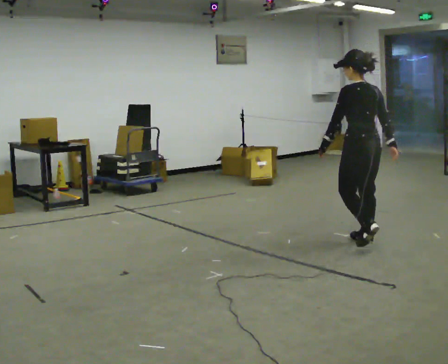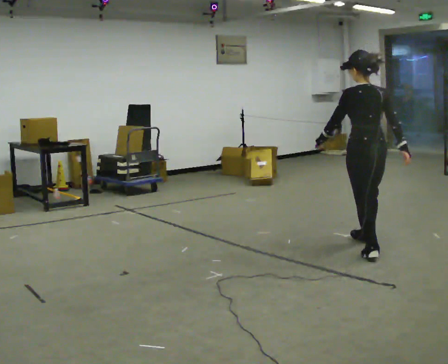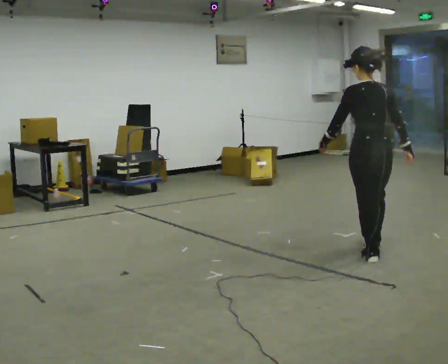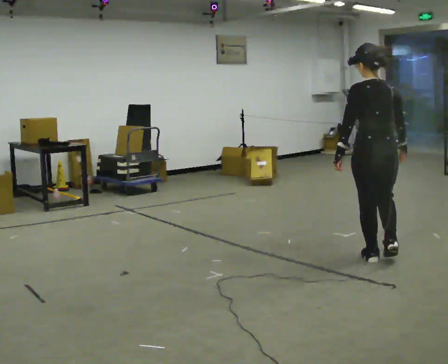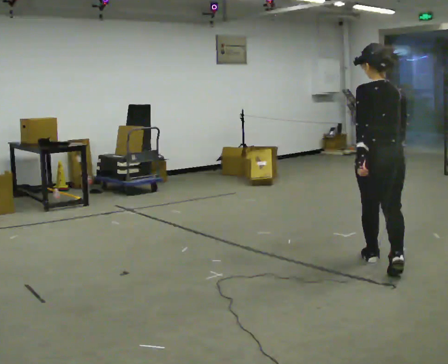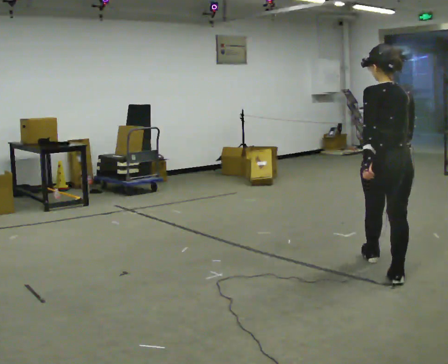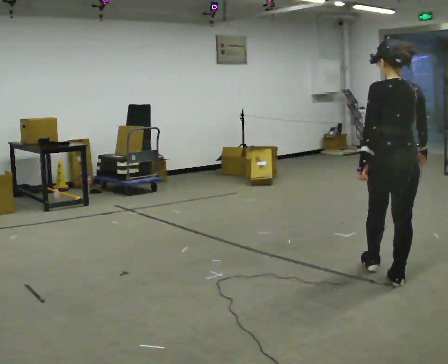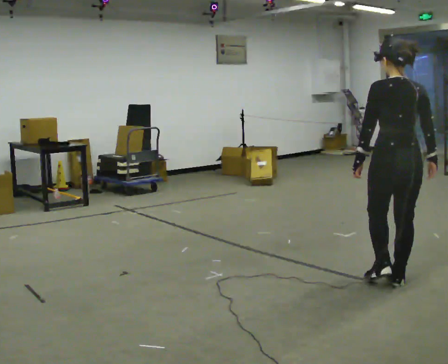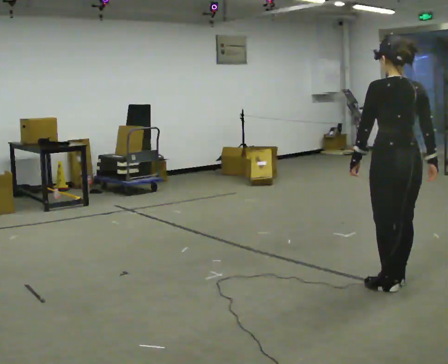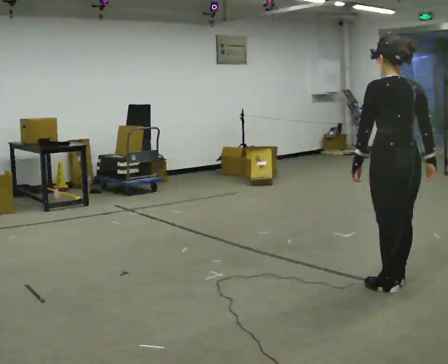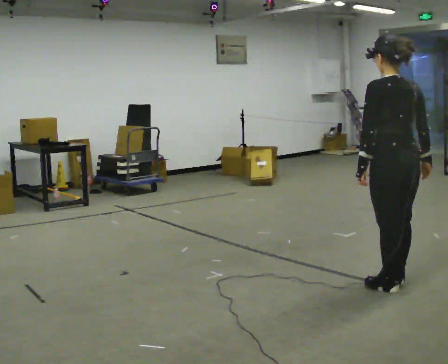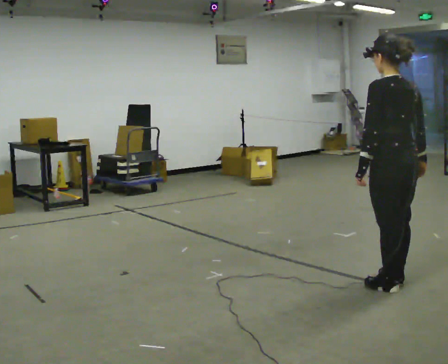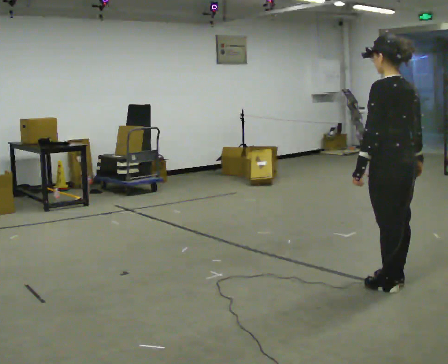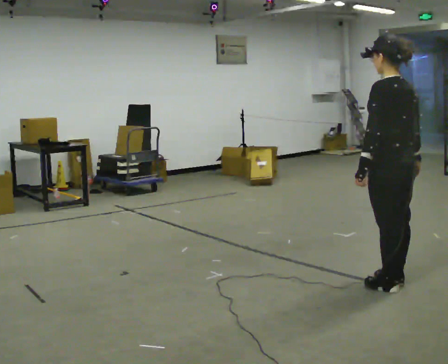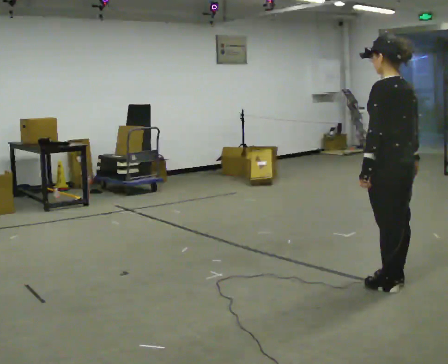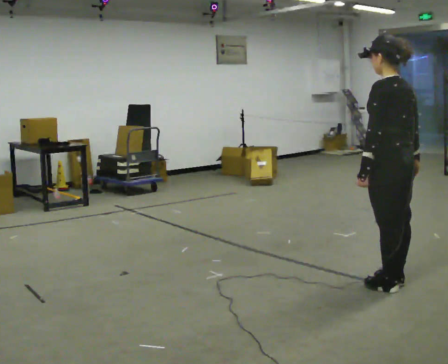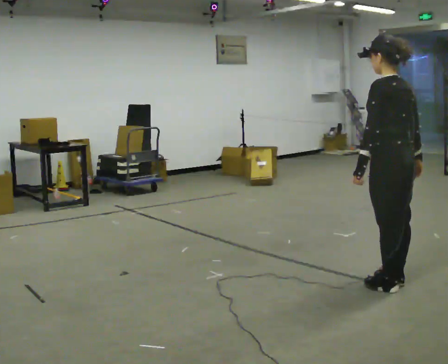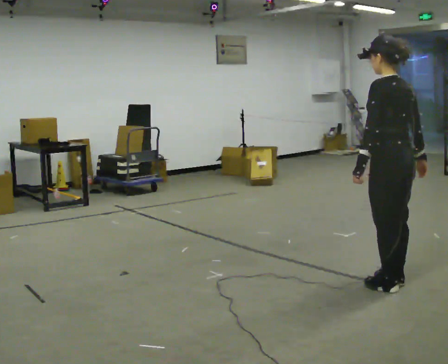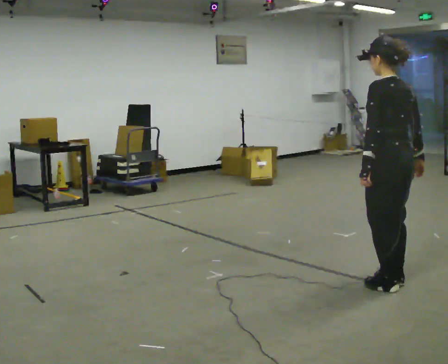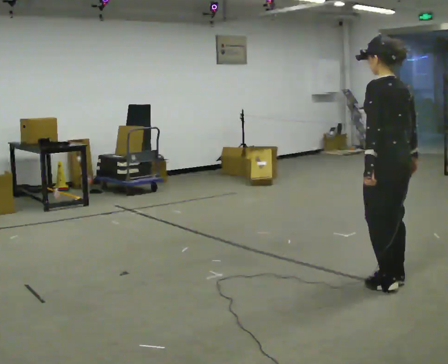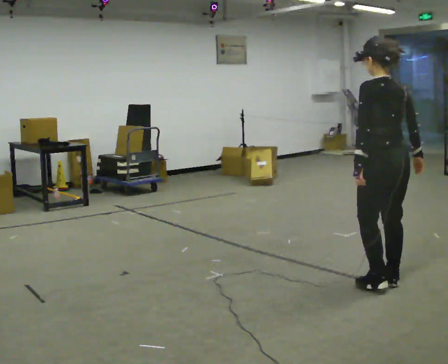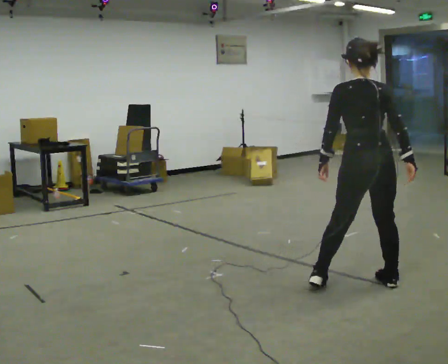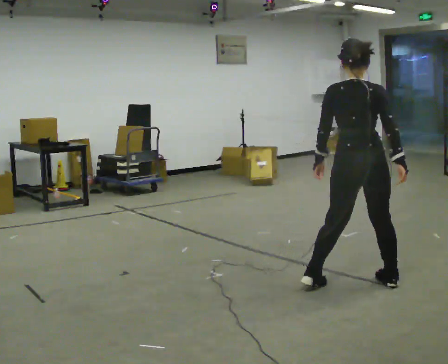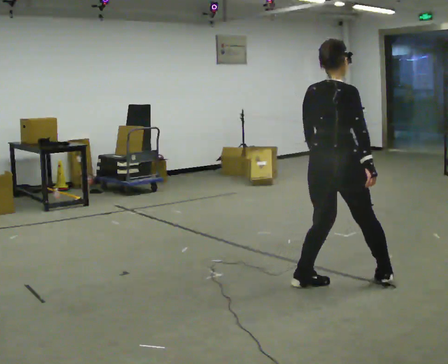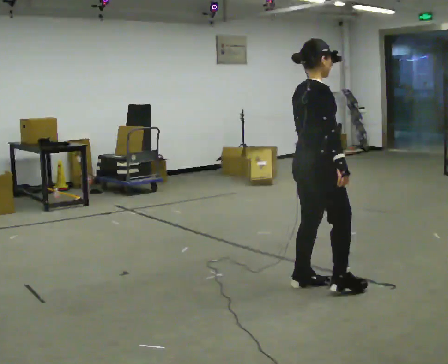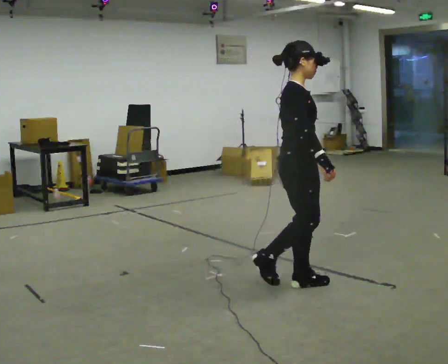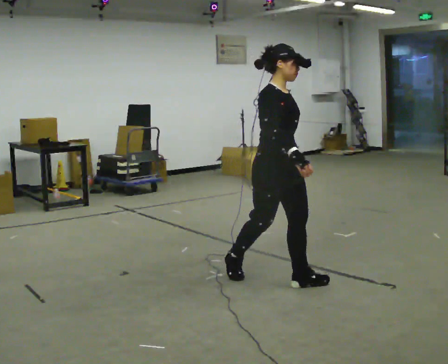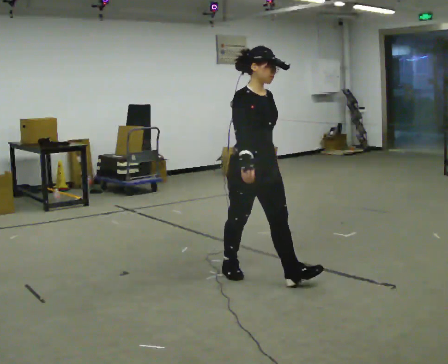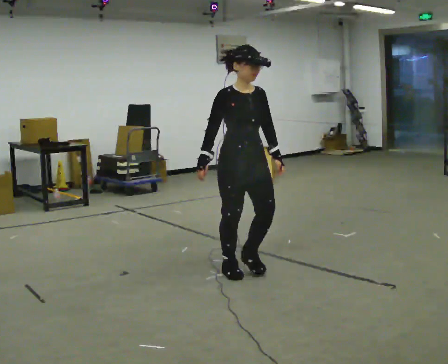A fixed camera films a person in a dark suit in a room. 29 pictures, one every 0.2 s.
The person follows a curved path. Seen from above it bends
clockwise.
0.0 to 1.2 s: The person turns about 30 degrees to their right, clockwise seen from above, so the part of the body nearest the lens slides to the left. In the picture they go toward the camera, about 1 m in 2 steps, which for them is backward.
1.2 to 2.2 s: In the picture they go toward the camera, about 0.25 m, which for them is backward.
2.2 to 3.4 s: The person moves a little, or ends about where they began.
3.4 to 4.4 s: The person turns about 45 degrees to their right, clockwise seen from above, so the part of the body nearest the lens slides to the left. In the picture they go to the left, about 0.25 m in 1 step, which for them is forward.
4.4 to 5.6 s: The part of the body nearest the lens slides to the left as the person turns to their right by about 150 degrees. In the picture they go to the left, about 1 m in 2 steps.
The film runs backward here.
